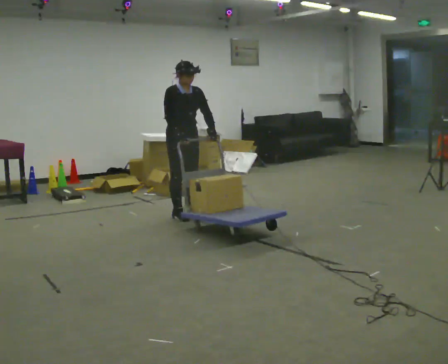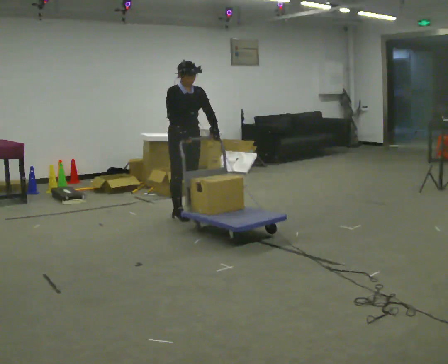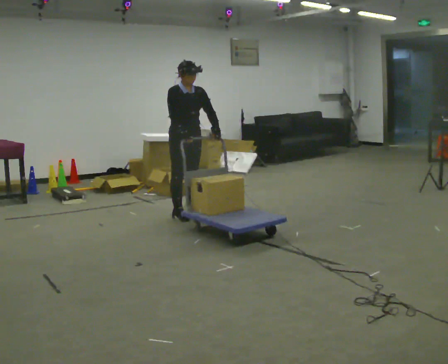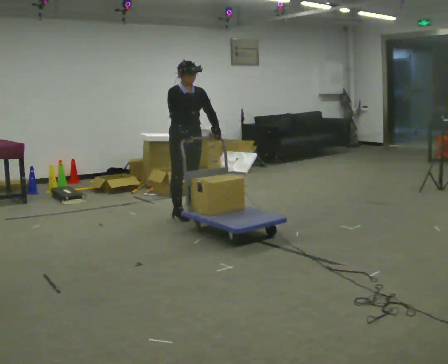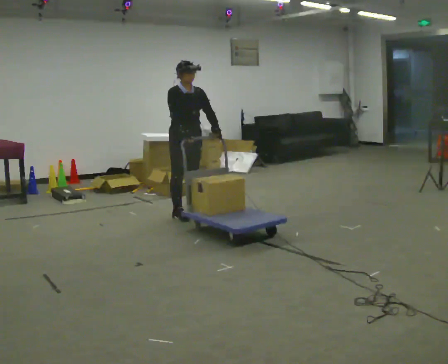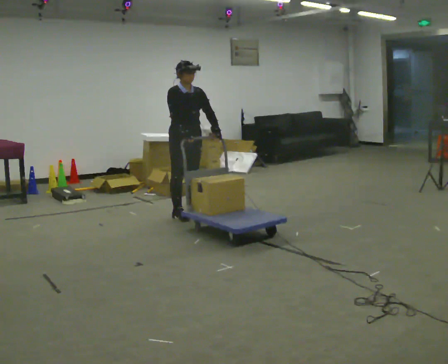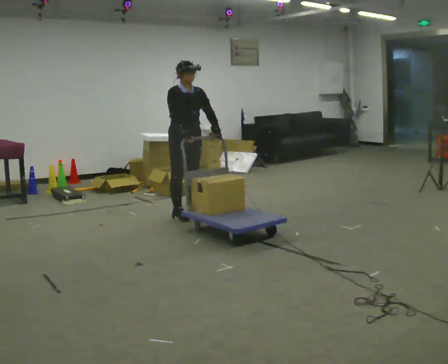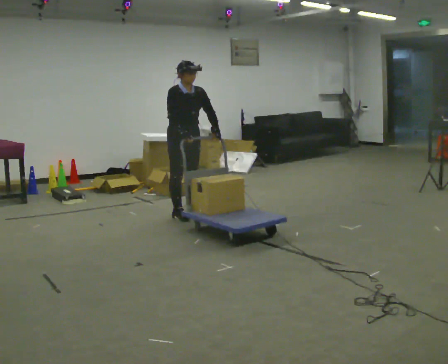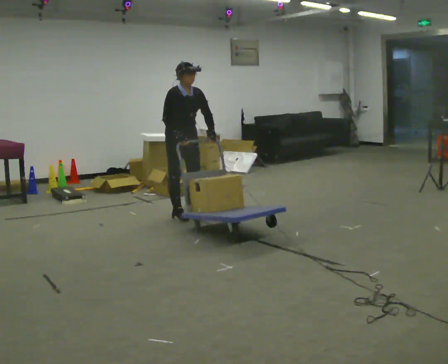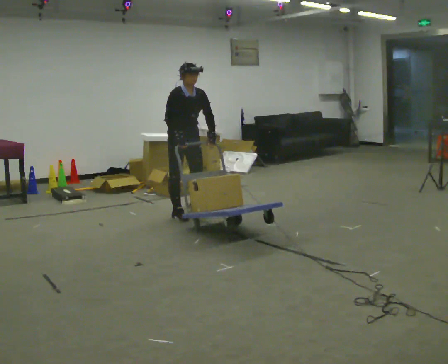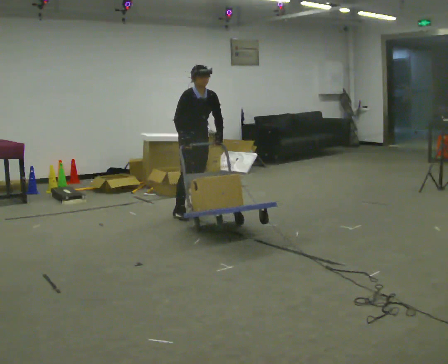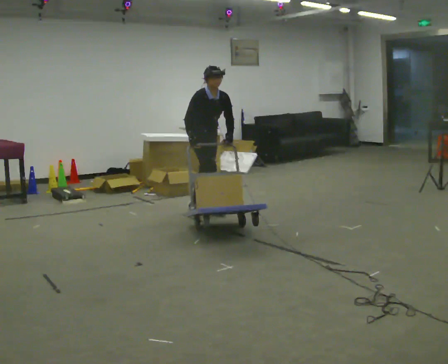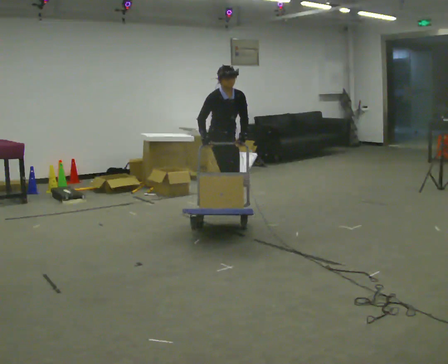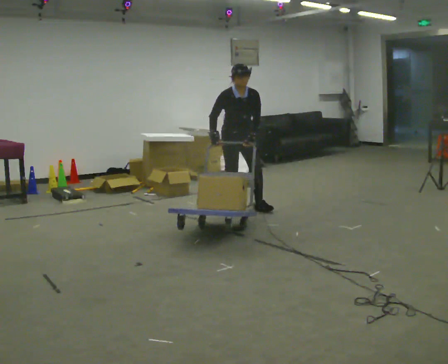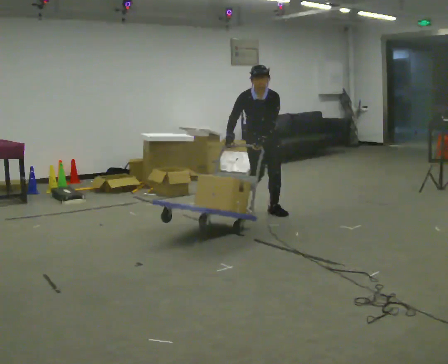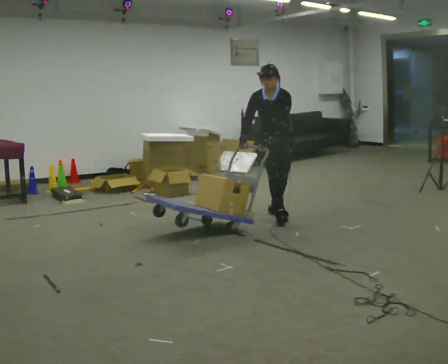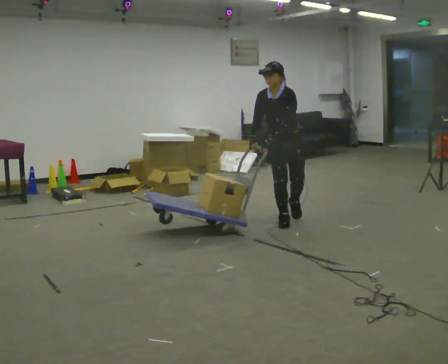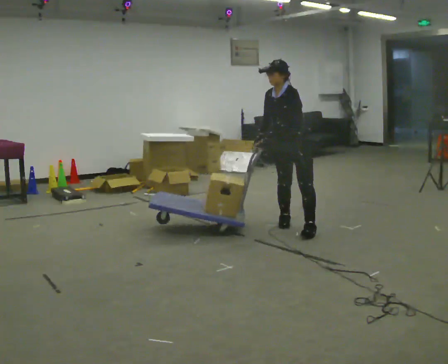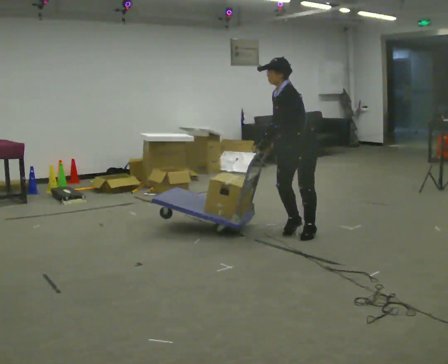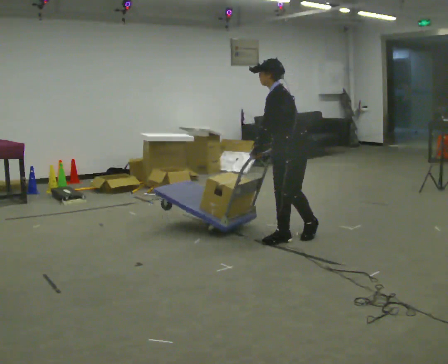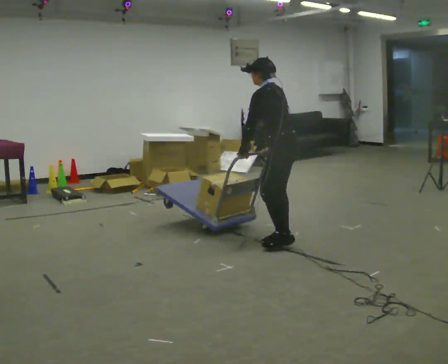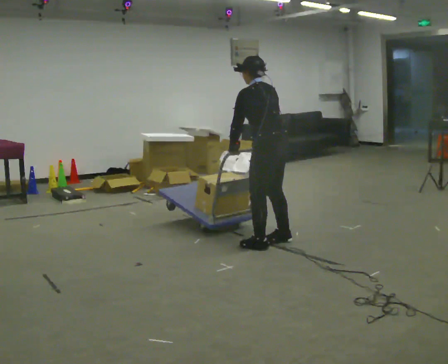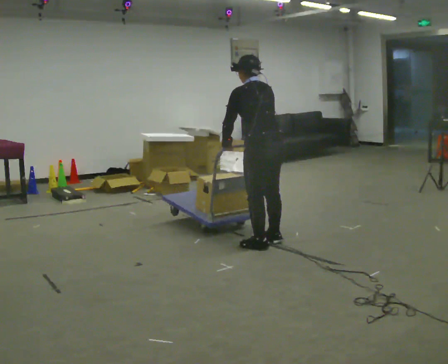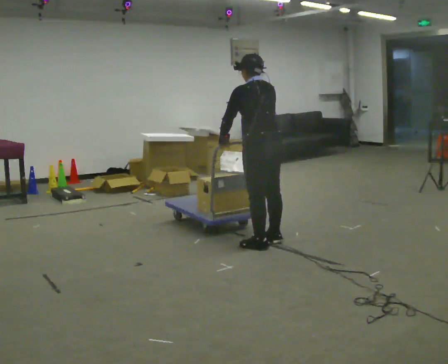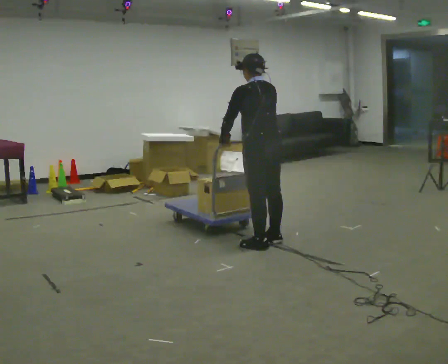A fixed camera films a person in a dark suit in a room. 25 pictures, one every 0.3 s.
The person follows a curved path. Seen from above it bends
clockwise.
The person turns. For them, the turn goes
to their right.
0.0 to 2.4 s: The person moves a little, or ends about where they began.
2.4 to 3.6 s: In the picture they go to the right and away from the camera, about 0.5 m in 2 steps, which for them is to their left.
3.6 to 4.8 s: The part of the body nearest the lens slides to the left as the person turns to their right by about 75 degrees. In the picture they go to the right and toward the camera, about 1 m in 2 steps. In the picture the upper body tilts counterclockwise, shoulders to the left.
4.8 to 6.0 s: The person turns about 90 degrees to their right, clockwise seen from above, so the part of the body nearest the lens slides to the left. In the picture they go toward the camera, about 0.75 m in 2 steps. The upper body tips away from the camera, its near side rolling upward.
6.0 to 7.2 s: Seen from above the body turns clockwise, about 30 degrees: to their right, with its near side sliding to the left. In the picture they go to the left, about 0.25 m in 1 step, which for them is to their left.
The film runs forward here.
